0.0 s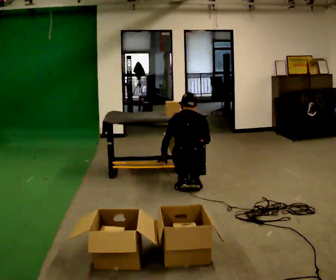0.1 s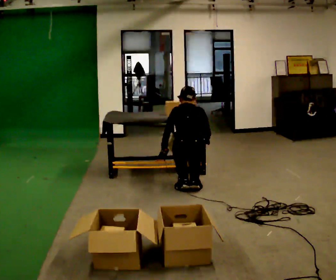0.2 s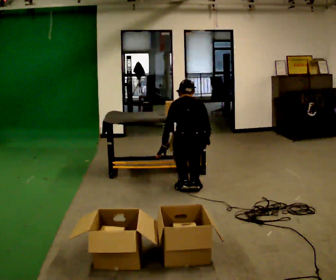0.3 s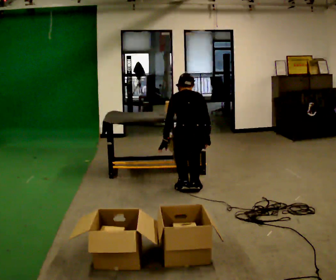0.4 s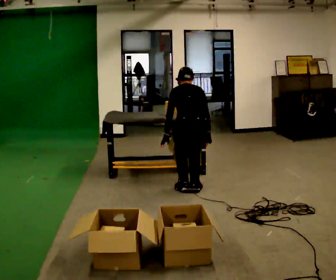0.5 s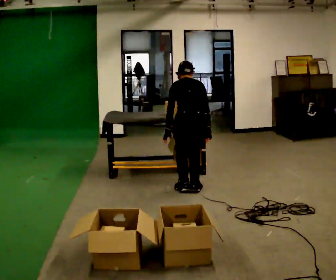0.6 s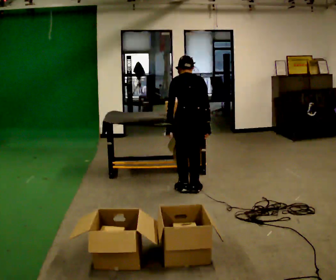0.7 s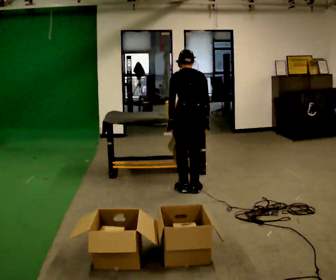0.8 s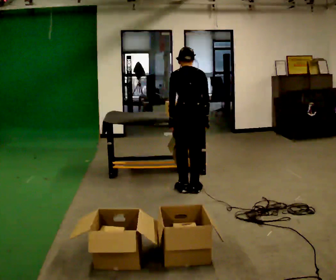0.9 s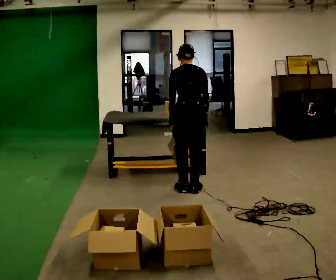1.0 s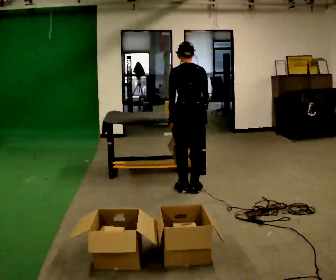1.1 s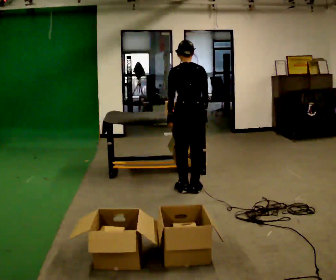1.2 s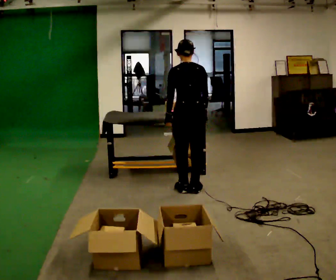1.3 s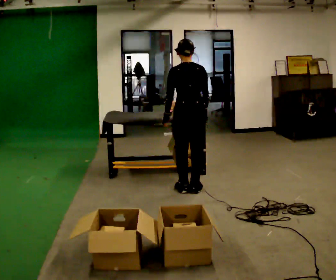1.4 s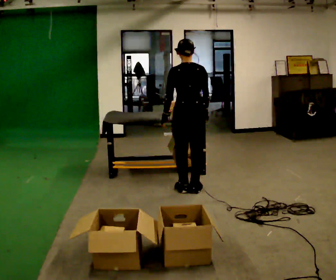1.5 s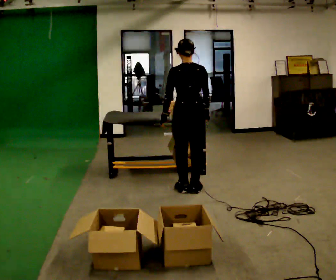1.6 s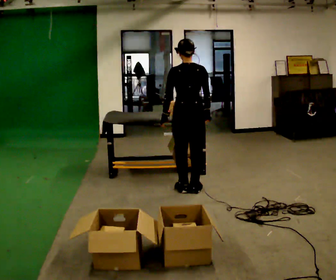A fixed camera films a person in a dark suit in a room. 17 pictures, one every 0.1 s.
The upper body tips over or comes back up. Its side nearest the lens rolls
downward.
The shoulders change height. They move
upward.
0.0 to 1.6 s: The shoulders move upward. The upper body tips toward the camera, its near side rolling downward, as they lean back or straighten. In the picture their right hand goes upward.
The film runs forward here.
